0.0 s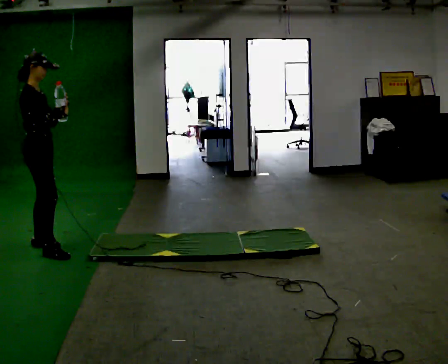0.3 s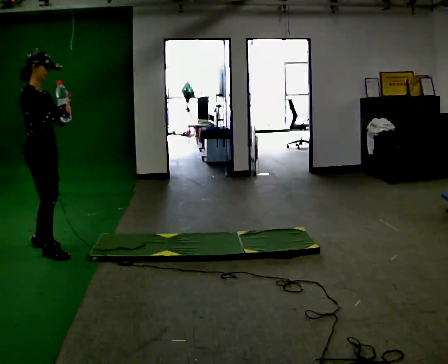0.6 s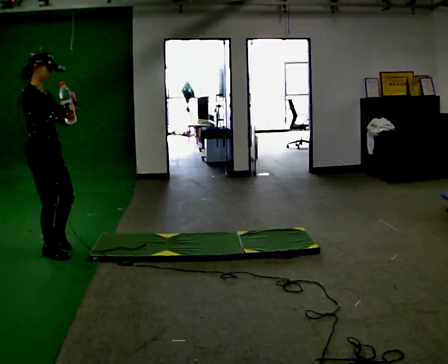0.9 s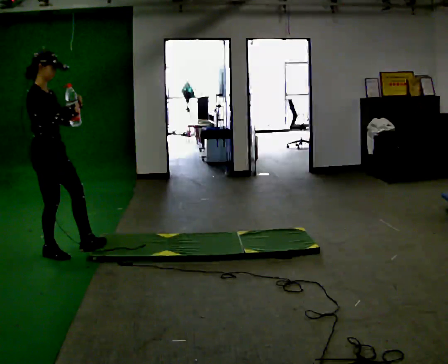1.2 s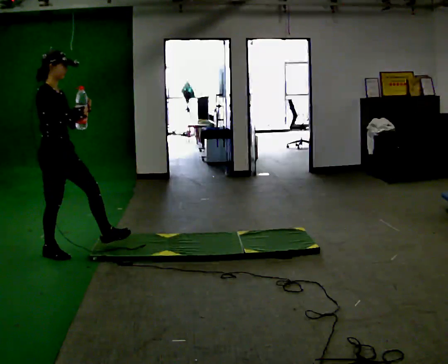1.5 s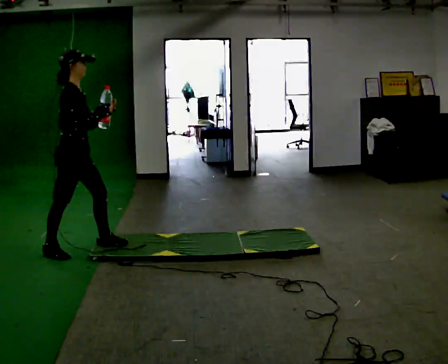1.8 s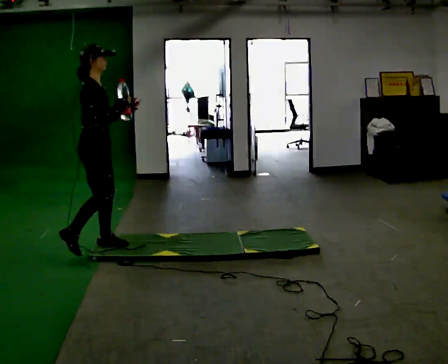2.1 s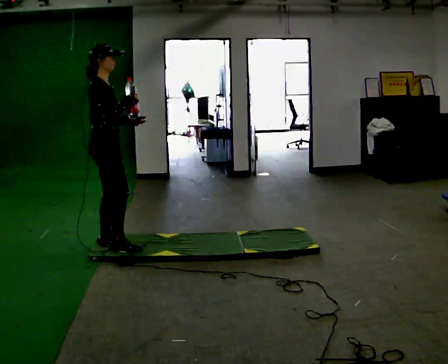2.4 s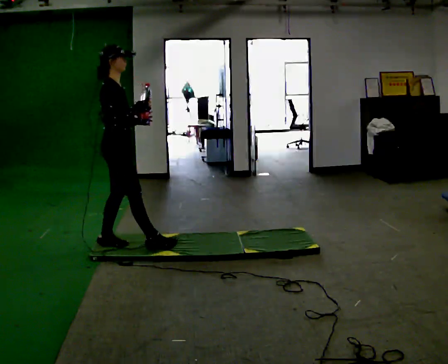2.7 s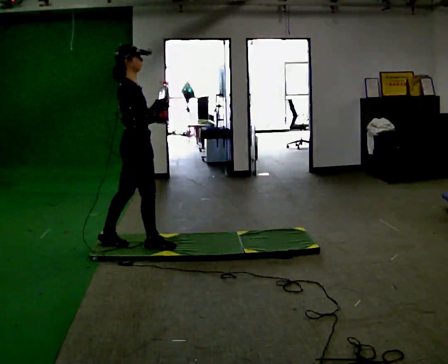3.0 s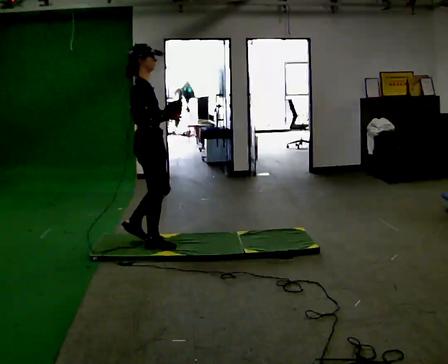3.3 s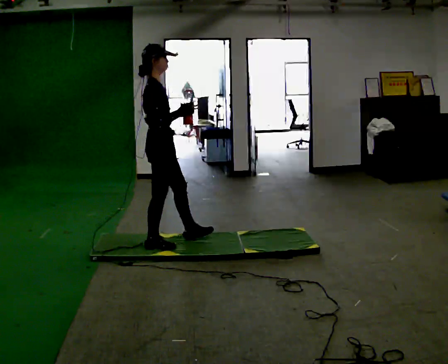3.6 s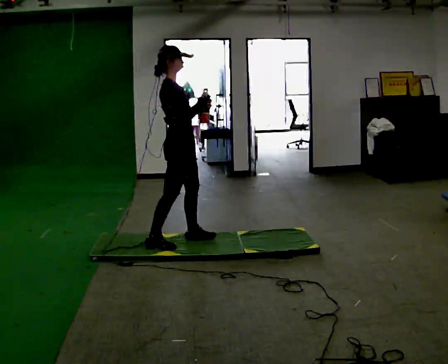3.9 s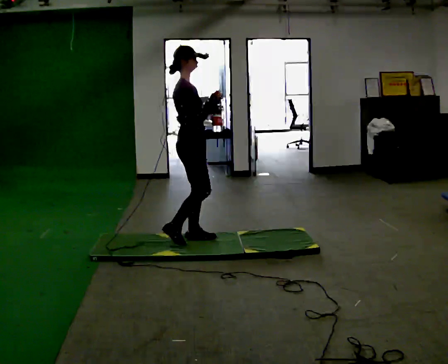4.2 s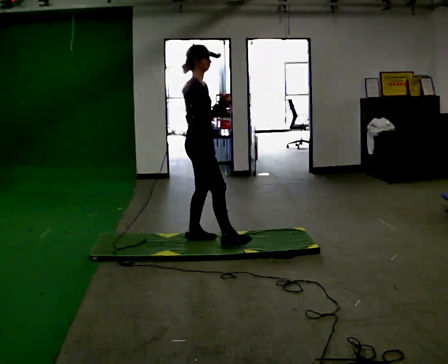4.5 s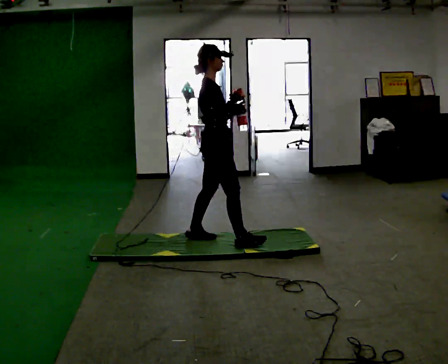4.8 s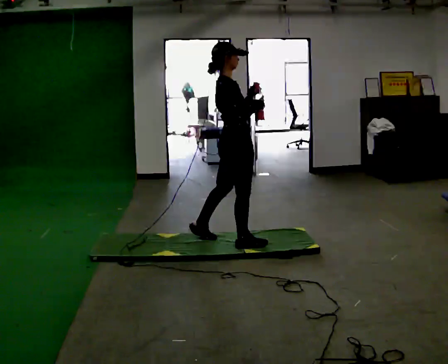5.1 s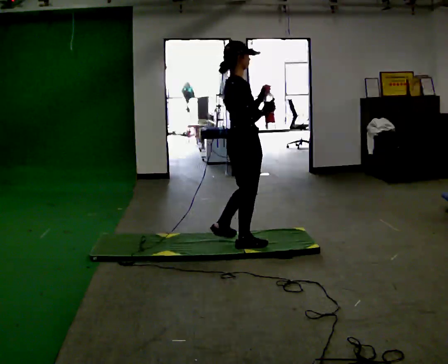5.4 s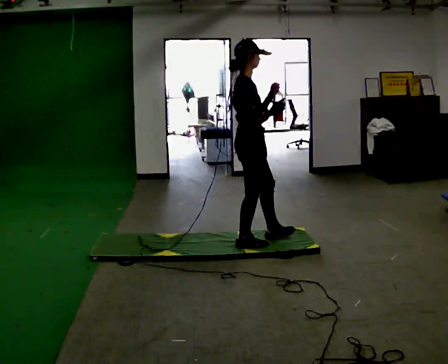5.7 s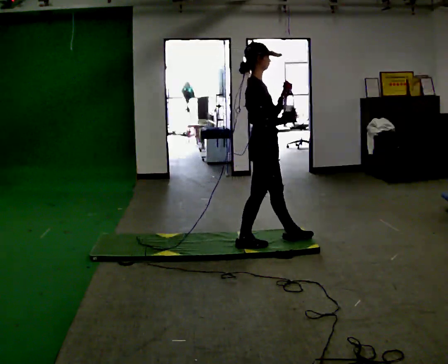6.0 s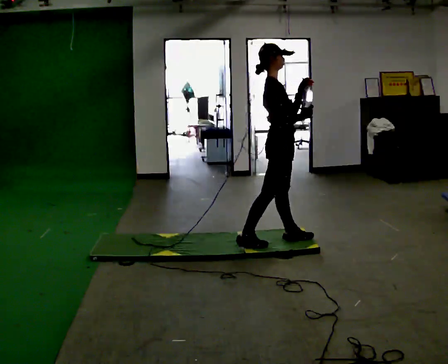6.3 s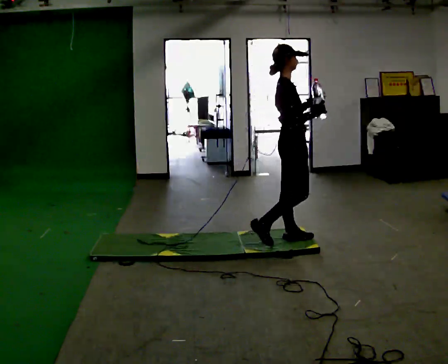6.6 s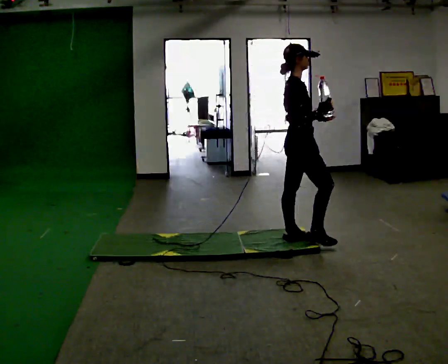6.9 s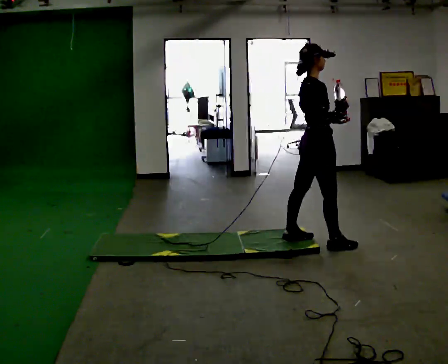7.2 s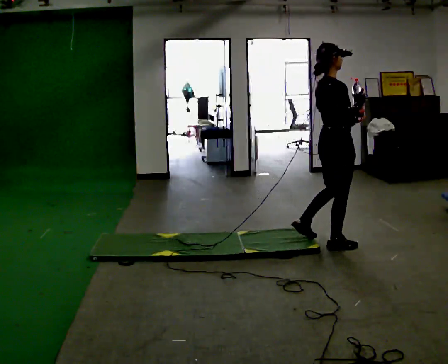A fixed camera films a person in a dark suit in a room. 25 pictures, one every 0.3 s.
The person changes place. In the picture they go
to the right.
0.0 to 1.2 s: In the picture they go to the right, about 0.25 m, which for them is forward.
1.2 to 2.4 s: In the picture they go to the right, about 0.5 m in 2 steps, which for them is forward and to their left.
2.4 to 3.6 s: In the picture they go to the right, about 0.5 m in 1 step, which for them is forward.
3.6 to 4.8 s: In the picture they go to the right, about 0.5 m in 1 step, which for them is forward.
4.8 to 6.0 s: In the picture they go to the right, about 0.25 m in 1 step, which for them is forward.
6.0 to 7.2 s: In the picture they go to the right, about 0.5 m in 1 step, which for them is forward.
The film runs forward here.
